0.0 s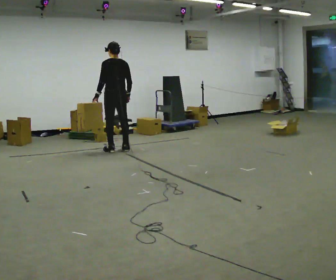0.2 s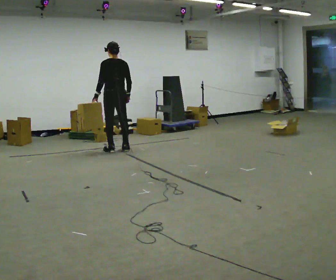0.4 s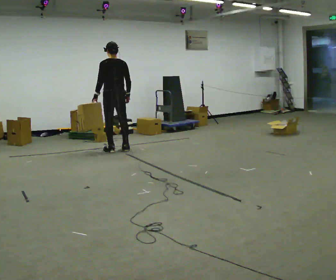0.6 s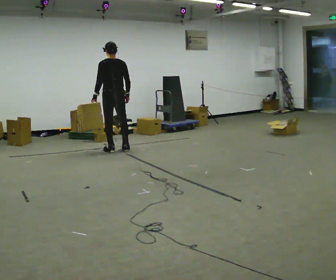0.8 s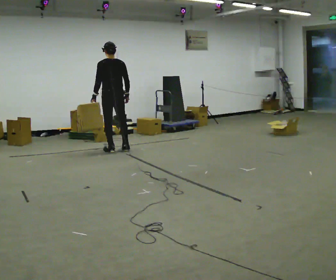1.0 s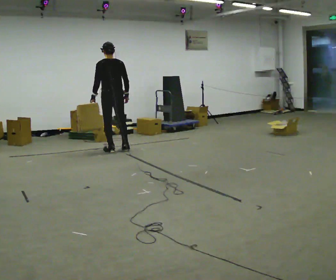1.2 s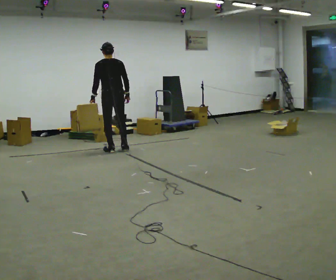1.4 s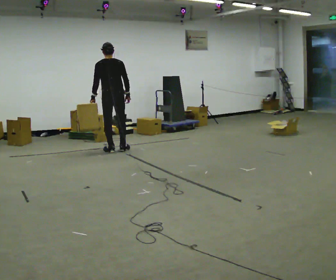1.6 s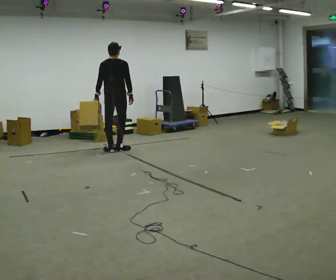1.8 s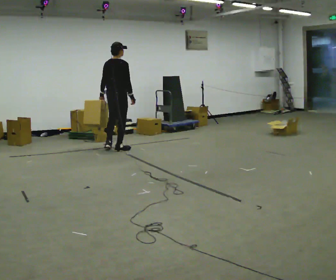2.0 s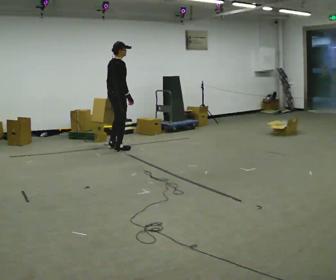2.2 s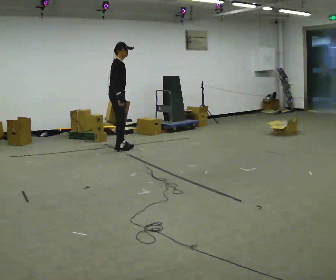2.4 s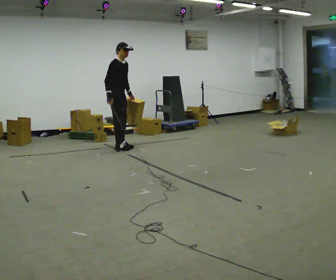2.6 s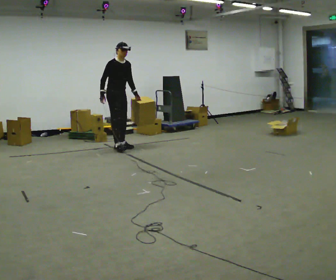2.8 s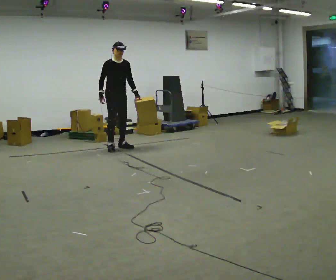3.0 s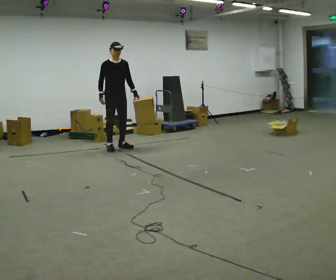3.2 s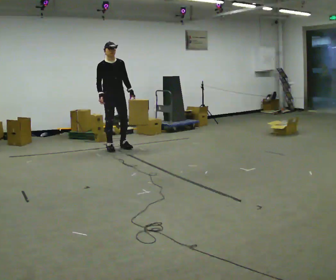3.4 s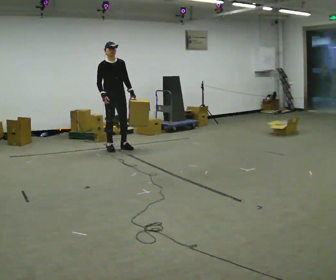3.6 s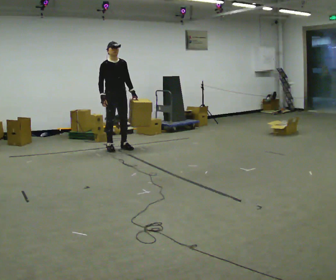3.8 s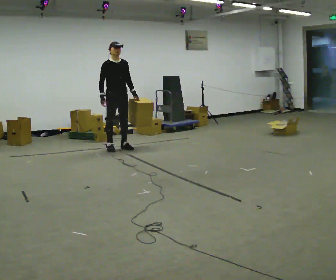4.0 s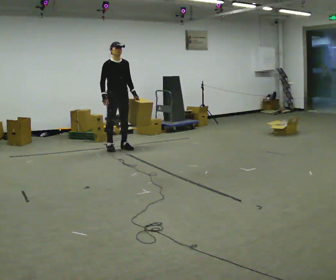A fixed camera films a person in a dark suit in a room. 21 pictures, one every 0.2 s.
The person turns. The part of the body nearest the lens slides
to the left.
The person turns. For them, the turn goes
to their right.
0.0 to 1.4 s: Seen from above the body turns clockwise, about 30 degrees: to their right, with its near side sliding to the left.
1.4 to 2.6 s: Seen from above the body turns clockwise, about 135 degrees: to their right, with its near side sliding to the left. In the picture they go away from the camera, about 0.25 m in 1 step. In the picture their right hand goes to the left, the arm swinging clockwise.
2.6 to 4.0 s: The person moves a little, or ends about where they began.
The film runs forward here.
